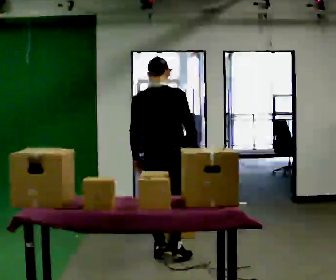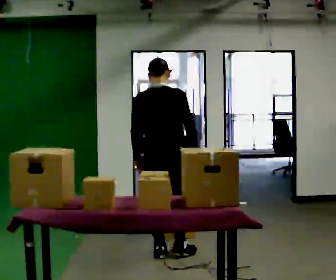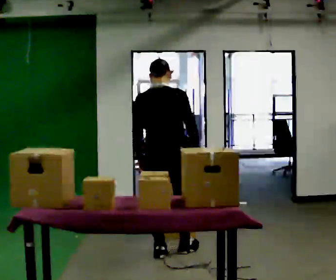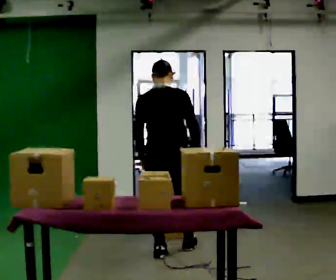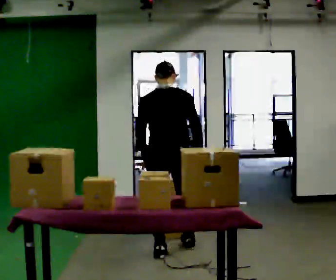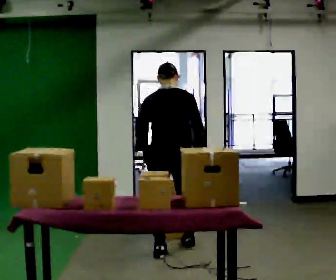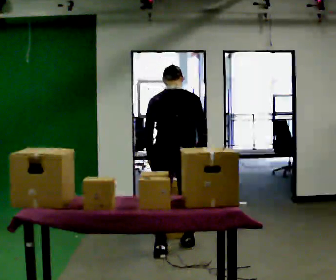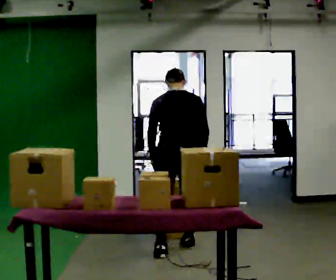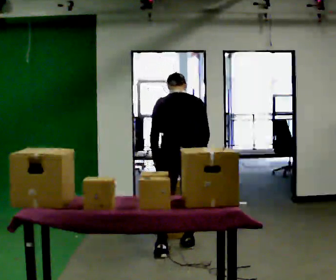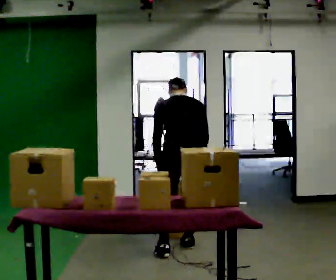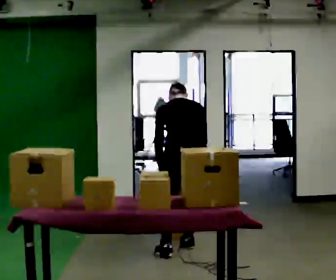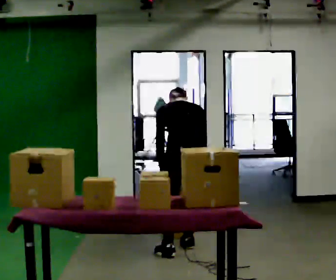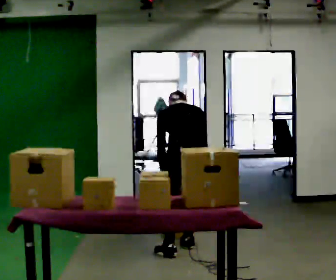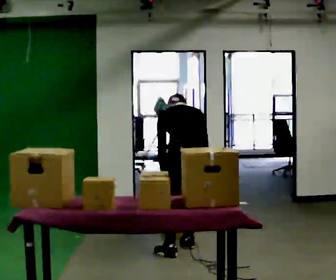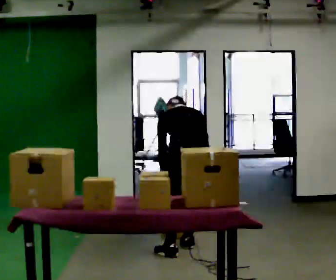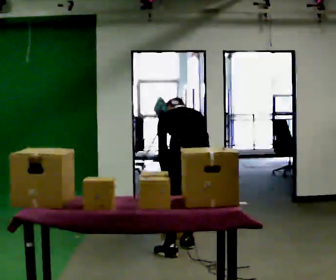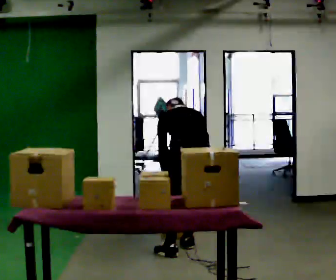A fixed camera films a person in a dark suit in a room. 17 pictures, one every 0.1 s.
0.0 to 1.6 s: The part of the body nearest the lens slides to the right as the person turns to their left by about 30 degrees. In the picture they go away from the camera and to the right, about 0.25 m in 1 step, which for them is to their right and forward. The upper body goes downward. The upper body tips away from the camera, its near side rolling upward, as they bend forward.
The film runs forward here.
